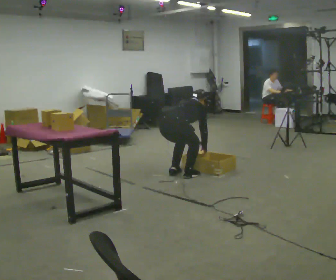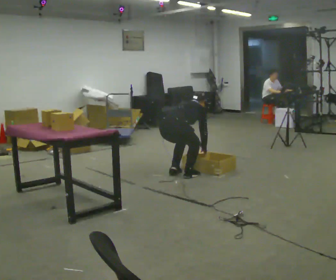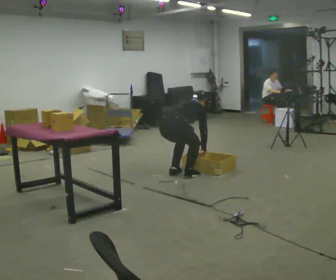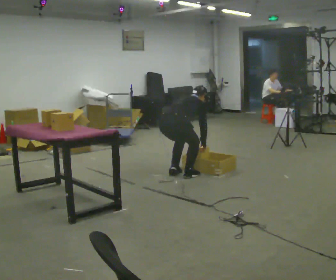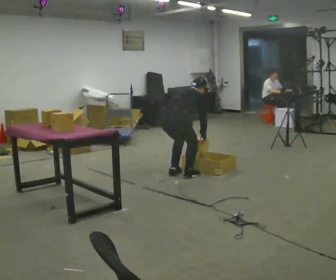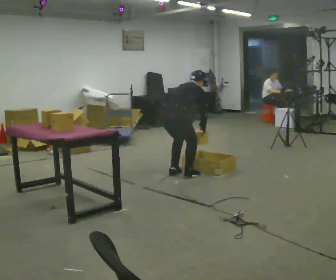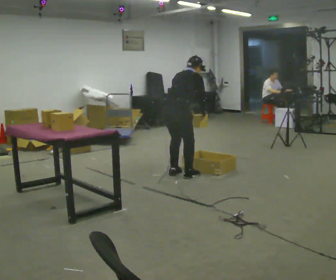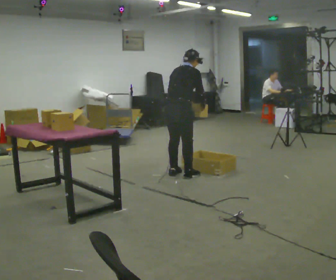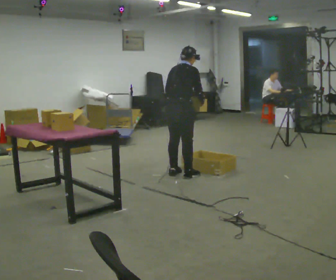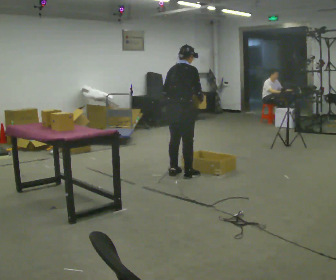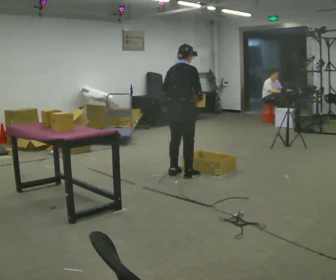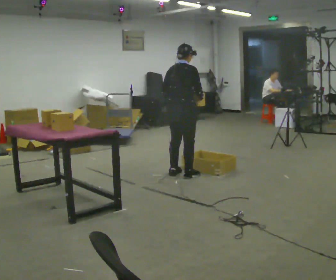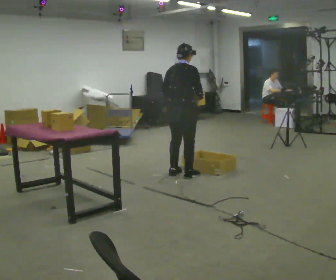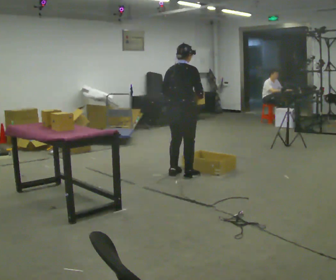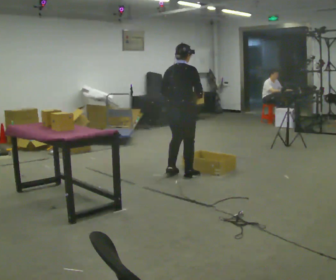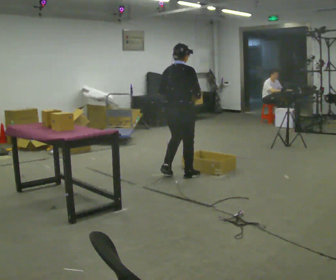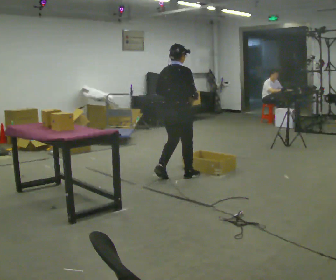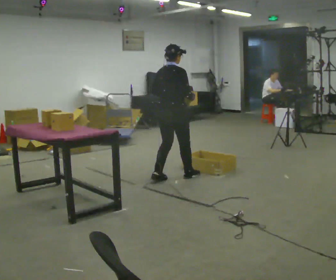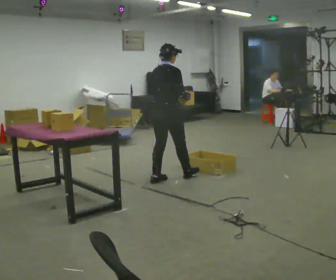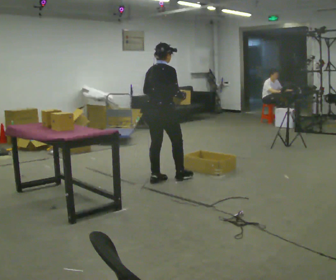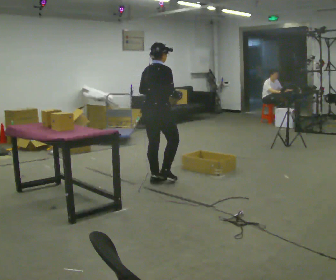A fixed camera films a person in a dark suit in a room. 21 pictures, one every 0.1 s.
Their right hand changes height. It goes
upward.
Their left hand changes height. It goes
upward.
0.0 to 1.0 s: The upper body goes upward. In the picture the upper body tilts counterclockwise, shoulders to the left, as they lean back or straighten. In the picture their left hand goes upward.
1.0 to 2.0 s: In the picture they go to the left and toward the camera, about 0.25 m in 2 steps, which for them is backward.
The film runs backward here.
